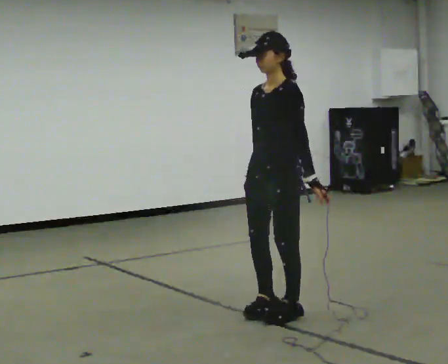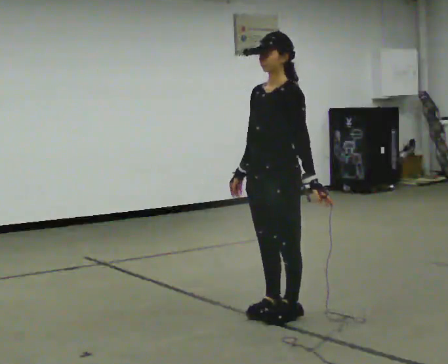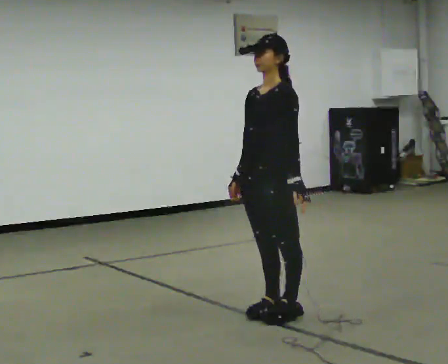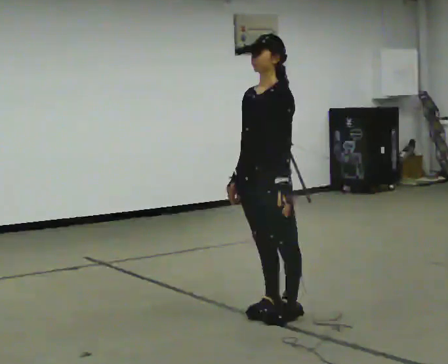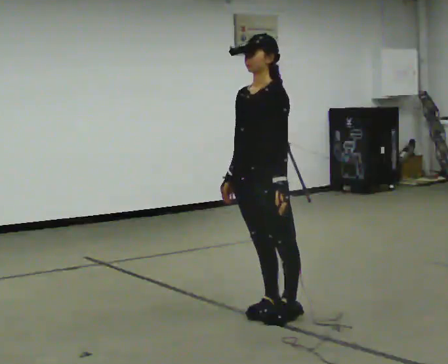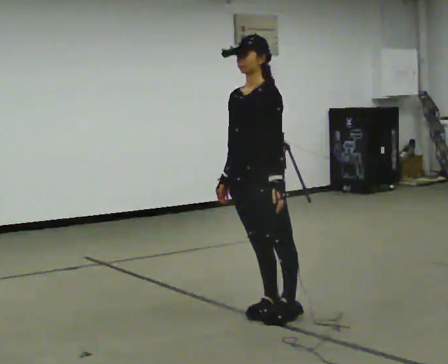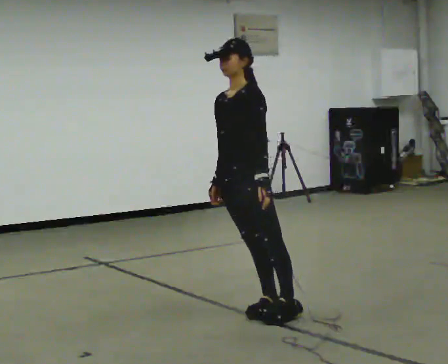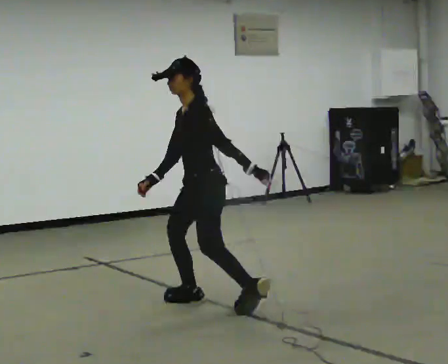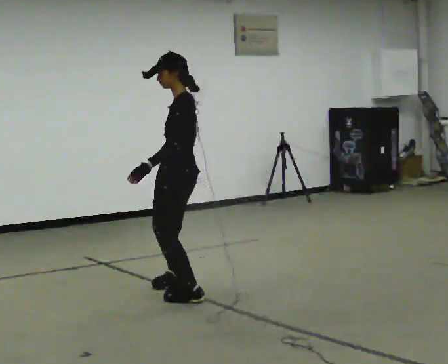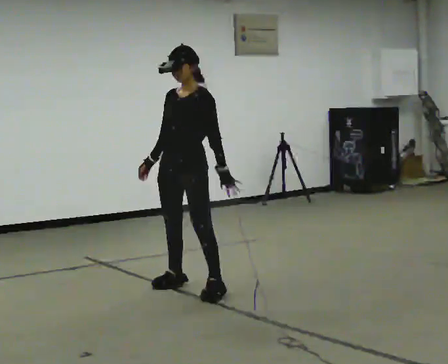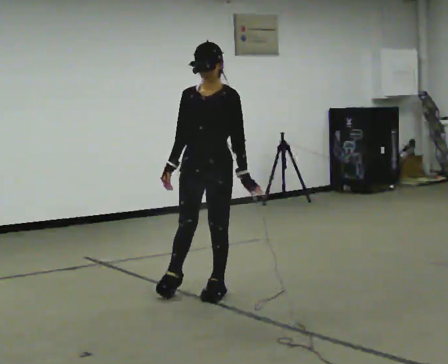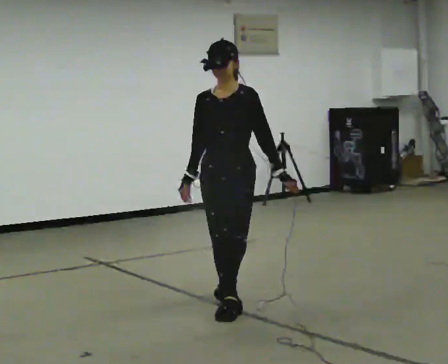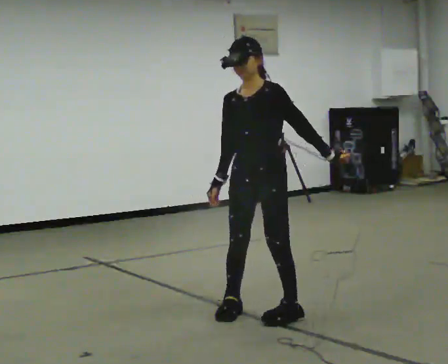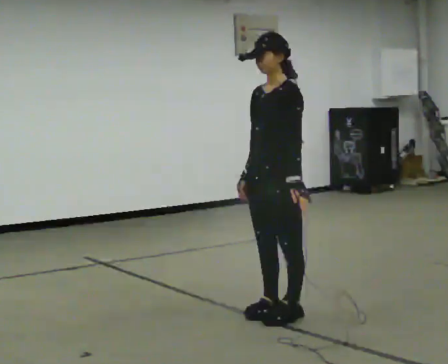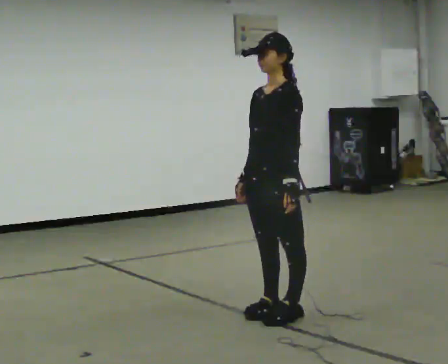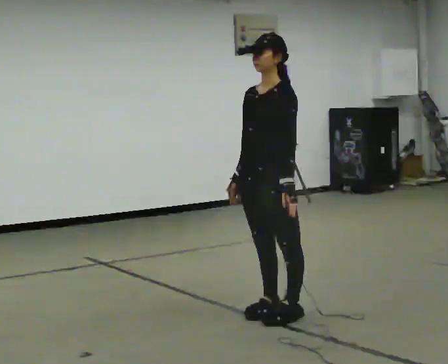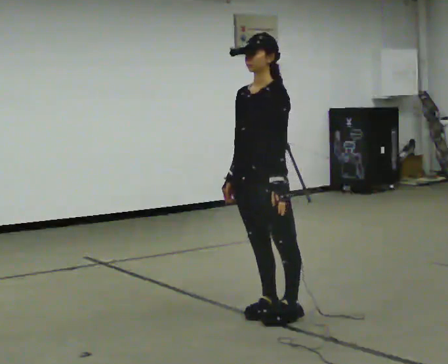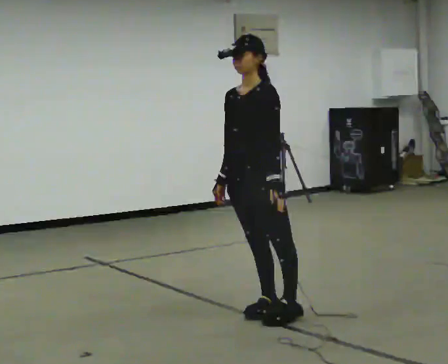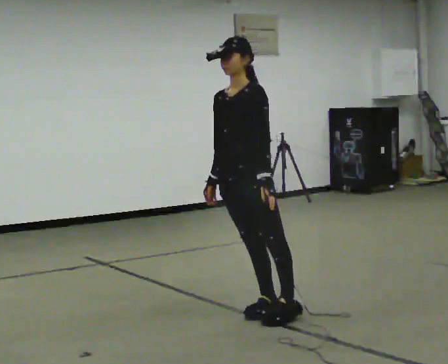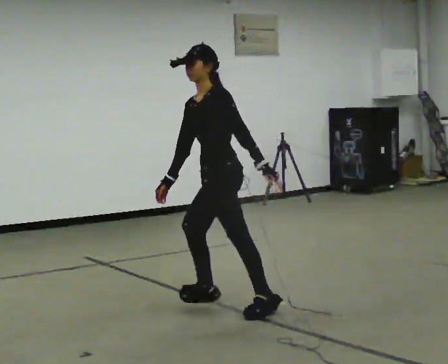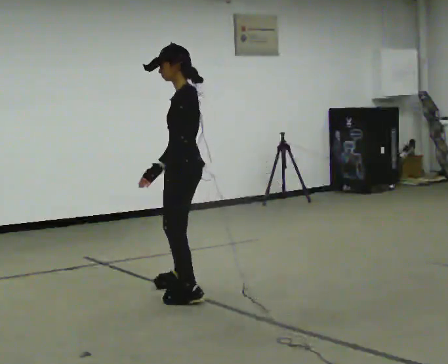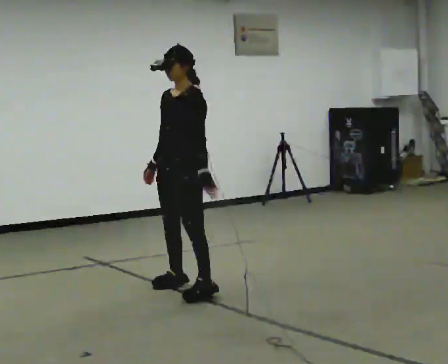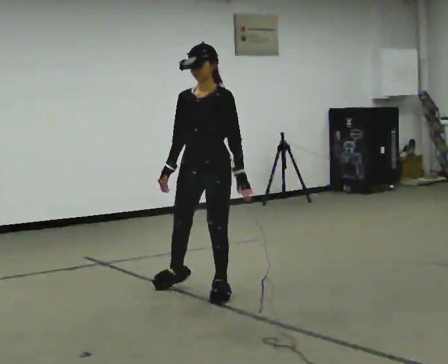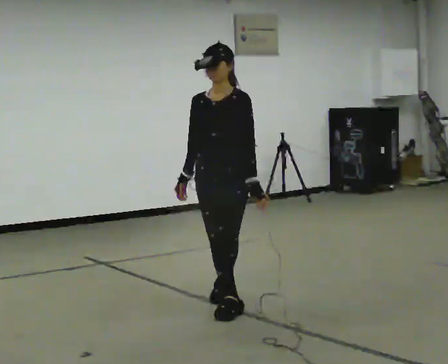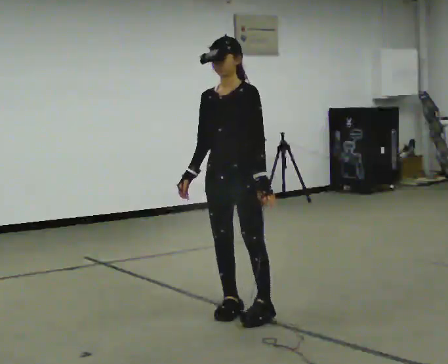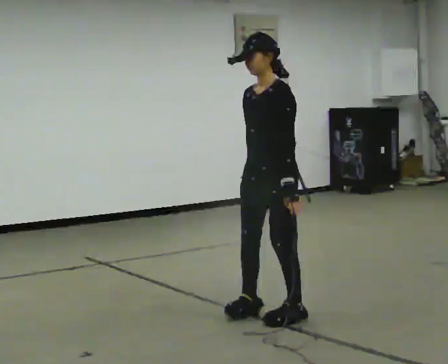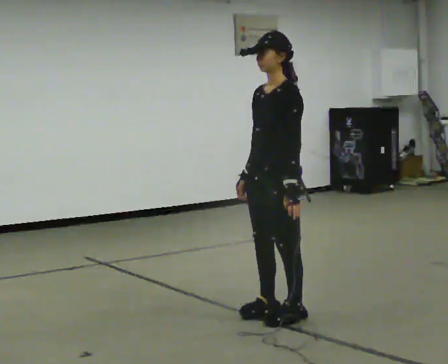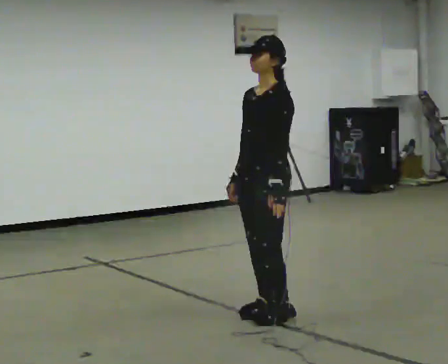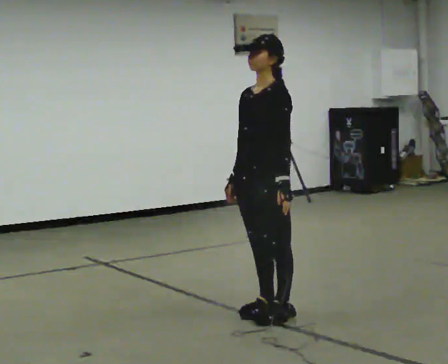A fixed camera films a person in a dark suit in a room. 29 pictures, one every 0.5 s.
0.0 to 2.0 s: The person moves a little, or ends about where they began.
2.0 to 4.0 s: The person turns about 30 degrees to their right, clockwise seen from above, so the part of the body nearest the lens slides to the left. In the picture they go away from the camera and to the left, about 1 m in 2 steps, which for them is to their right.
4.0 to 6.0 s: Seen from above the body turns counterclockwise, about 45 degrees: to their left, with its near side sliding to the right. In the picture they go toward the camera and to the right, about 1 m in 3 steps.
6.0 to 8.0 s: In the picture their left hand goes to the left.
8.0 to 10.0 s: The part of the body nearest the lens slides to the left as the person turns to their right by about 30 degrees. In the picture they go away from the camera and to the left, about 0.5 m in 1 step, which for them is to their right.
10.0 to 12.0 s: Seen from above the body turns counterclockwise, about 60 degrees: to their left, with its near side sliding to the right. In the picture they go toward the camera and to the right, about 0.5 m in 3 steps.
12.0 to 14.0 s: The person turns about 30 degrees to their right, clockwise seen from above, so the part of the body nearest the lens slides to the left. In the picture they go to the right, about 0.25 m in 2 steps, which for them is to their left.
The film runs forward here.
